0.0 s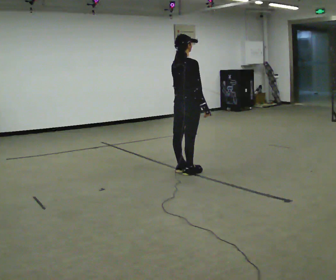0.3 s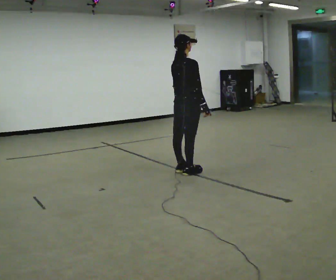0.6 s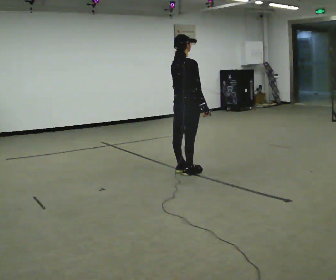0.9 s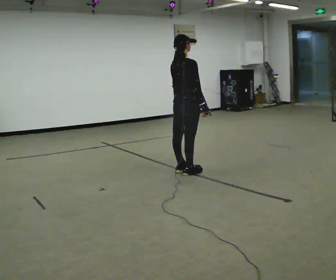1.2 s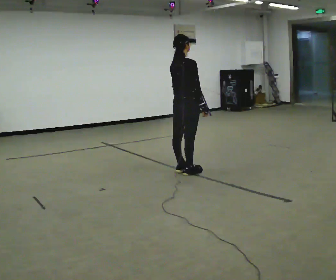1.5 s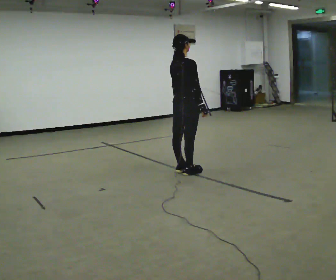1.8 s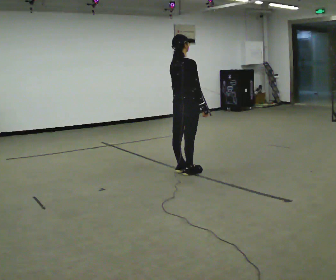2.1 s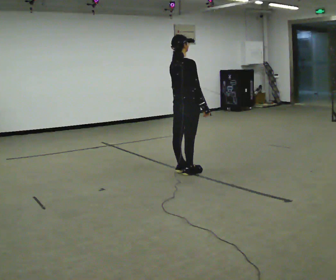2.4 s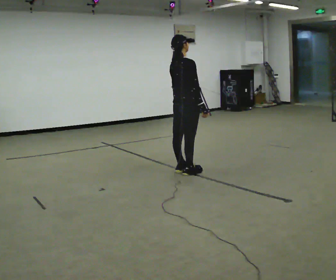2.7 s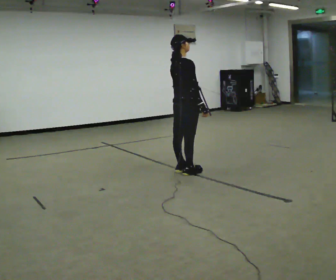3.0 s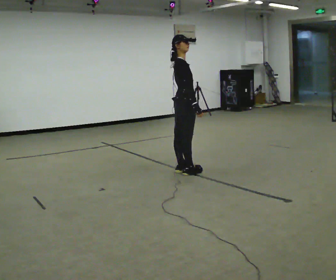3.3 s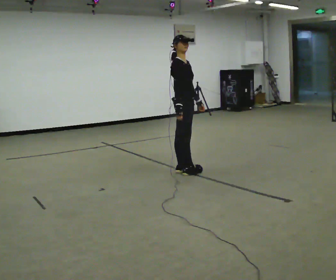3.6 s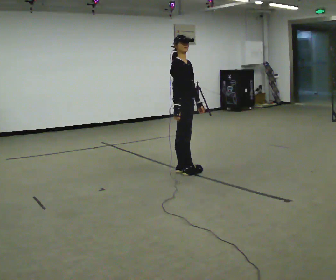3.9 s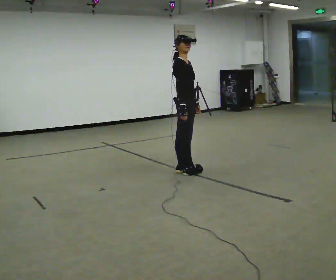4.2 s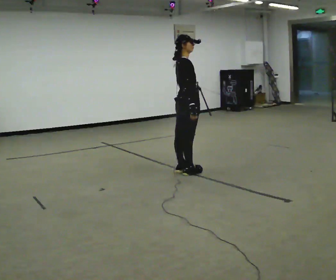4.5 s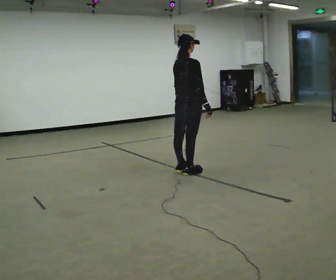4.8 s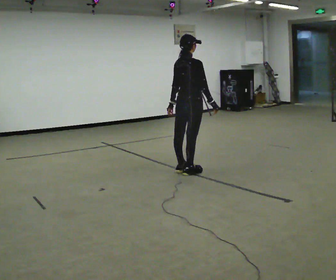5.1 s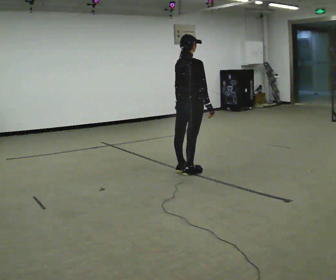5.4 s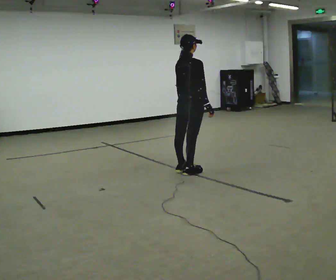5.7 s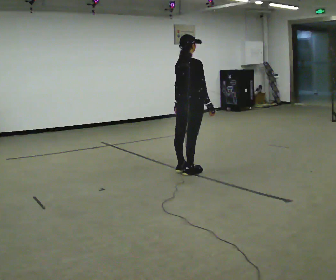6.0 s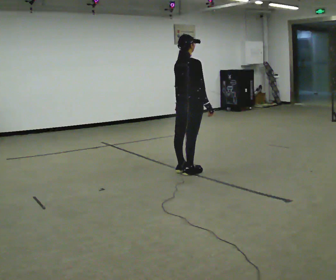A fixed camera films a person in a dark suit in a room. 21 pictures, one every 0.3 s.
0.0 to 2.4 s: The person moves a little, or ends about where they began.
2.4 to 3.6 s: The person turns about 60 degrees to their right, clockwise seen from above, so the part of the body nearest the lens slides to the left. In the picture their right hand goes to the left.
3.6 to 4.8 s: Seen from above the body turns counterclockwise, about 60 degrees: to their left, with its near side sliding to the right. In the picture their left hand goes to the left.
4.8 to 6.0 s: The person moves a little, or ends about where they began.
The film runs forward here.
